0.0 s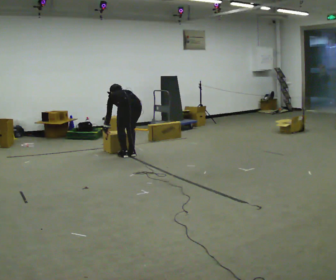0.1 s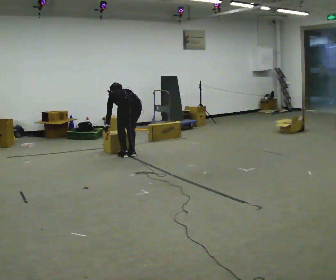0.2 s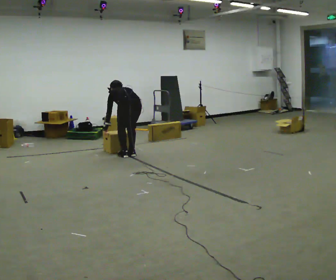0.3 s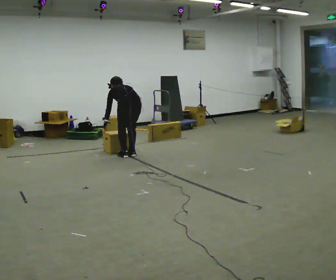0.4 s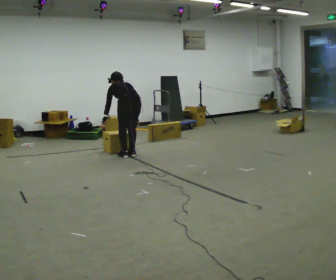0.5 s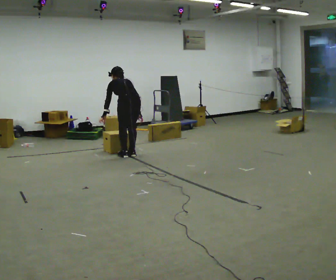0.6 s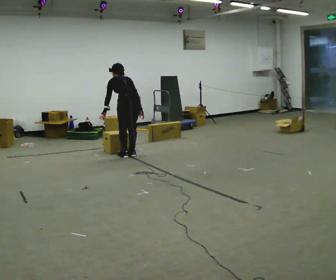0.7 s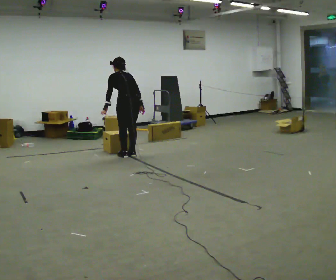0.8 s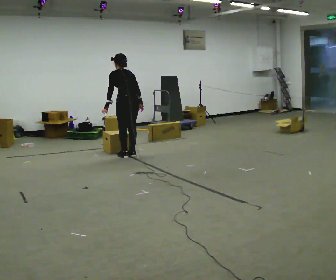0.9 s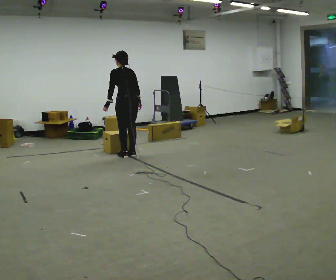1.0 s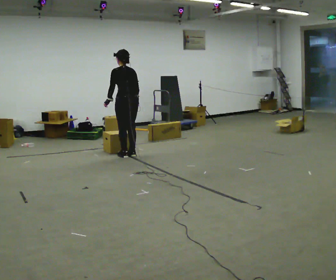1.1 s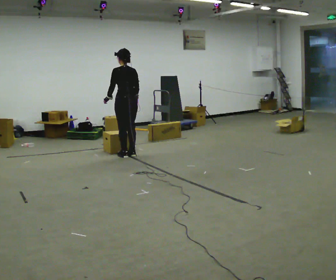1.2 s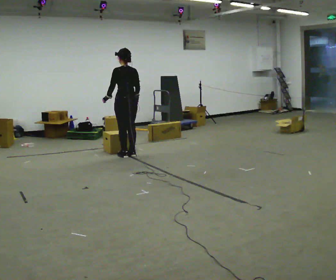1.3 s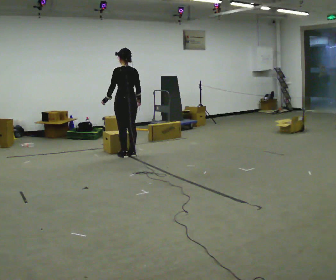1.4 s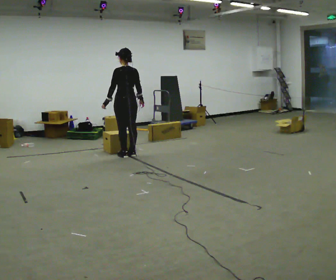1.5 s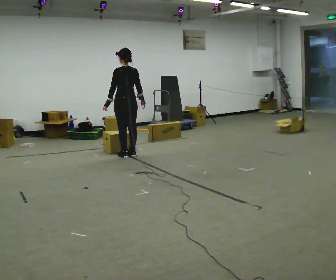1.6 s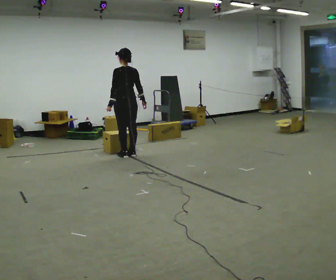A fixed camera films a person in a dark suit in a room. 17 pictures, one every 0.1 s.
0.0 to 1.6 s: The upper body goes upward. The upper body tips toward the camera, its near side rolling downward, as they lean back or straighten. In the picture their left hand goes upward.
The film runs forward here.
